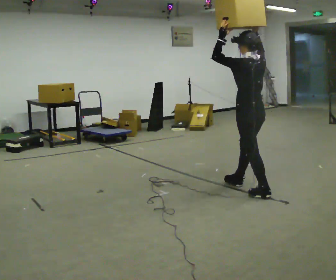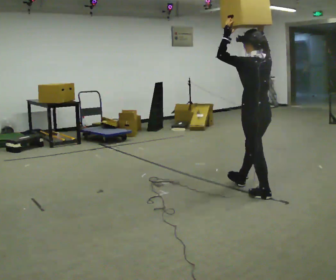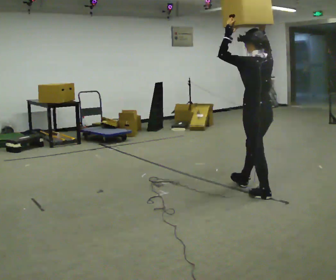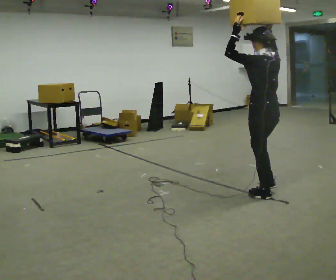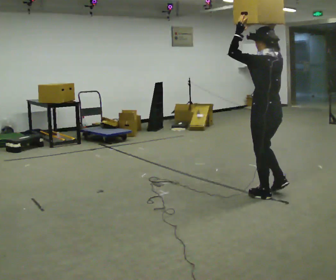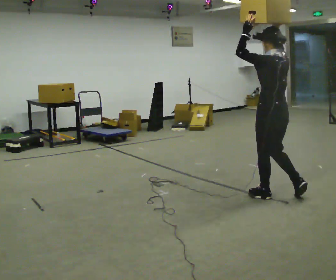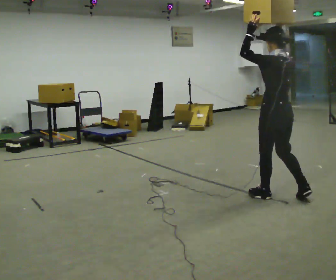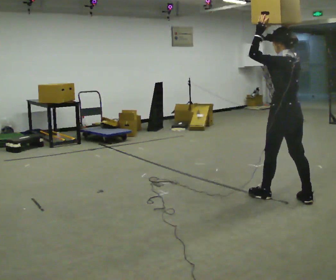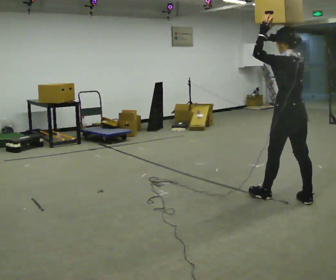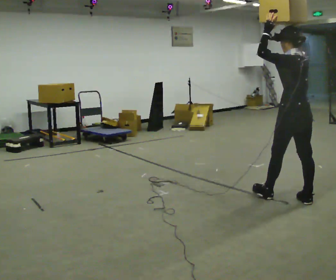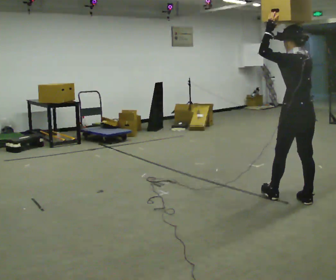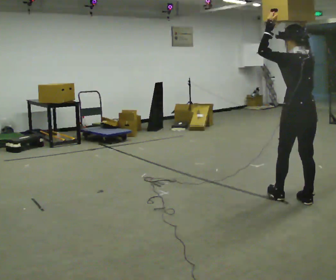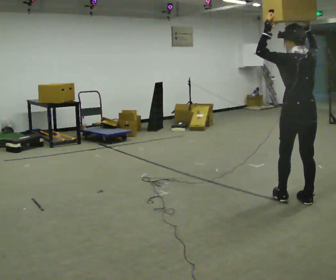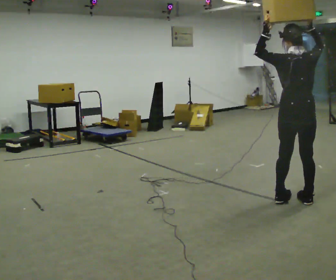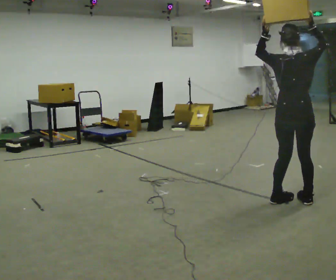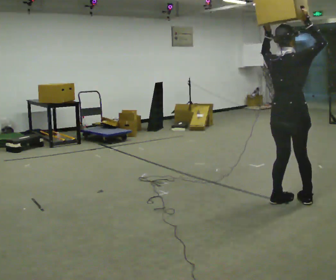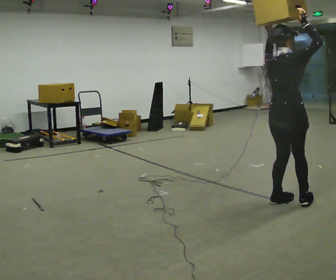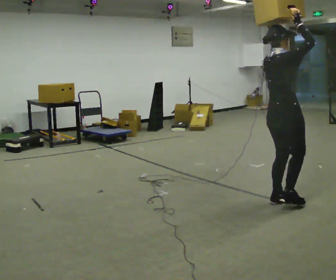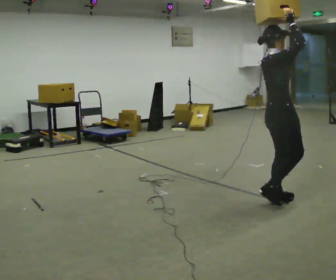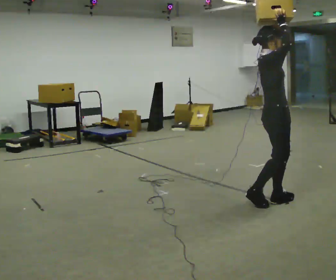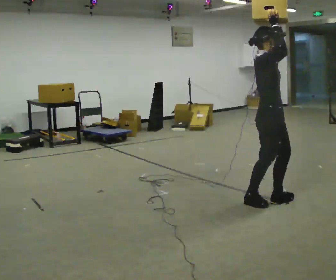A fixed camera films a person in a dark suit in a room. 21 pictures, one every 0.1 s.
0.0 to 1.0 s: In the picture they go to the right and toward the camera, about 0.5 m in 1 step, which for them is backward.
1.0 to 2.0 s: Seen from above the body turns clockwise, about 150 degrees: to their right, with its near side sliding to the left. In the picture they go to the left, about 0.25 m in 1 step.
The film runs backward here.
